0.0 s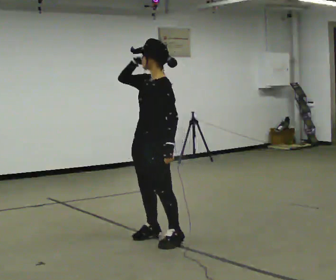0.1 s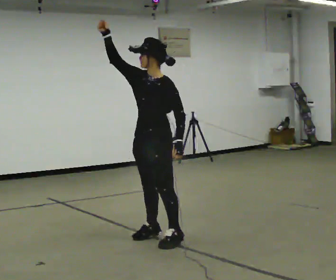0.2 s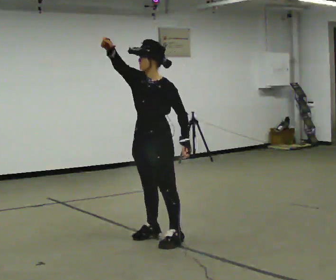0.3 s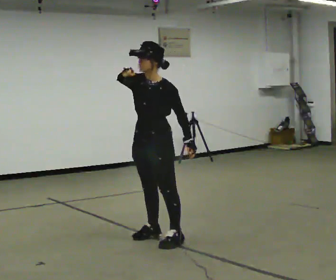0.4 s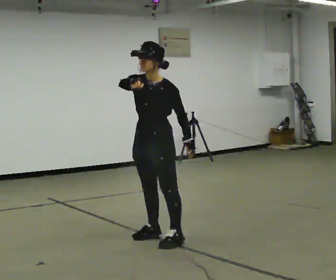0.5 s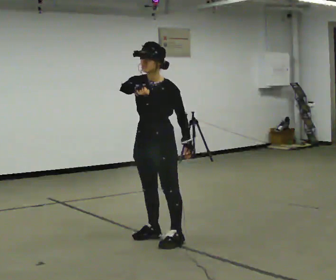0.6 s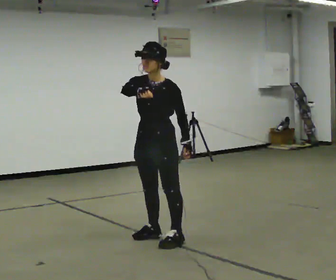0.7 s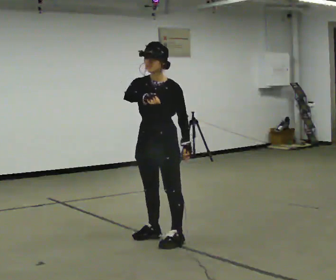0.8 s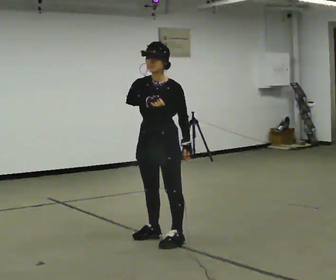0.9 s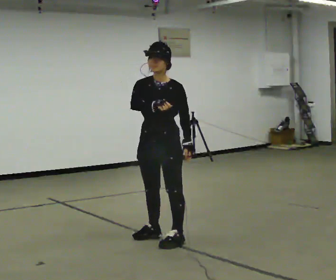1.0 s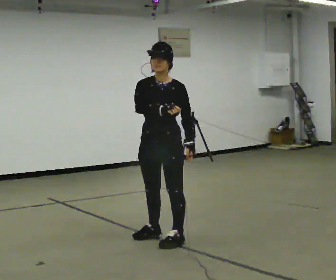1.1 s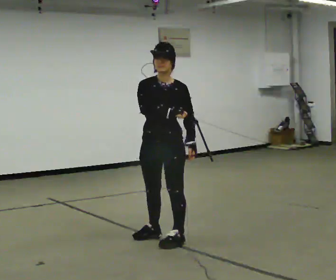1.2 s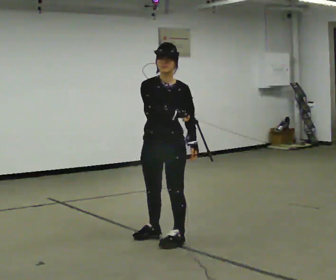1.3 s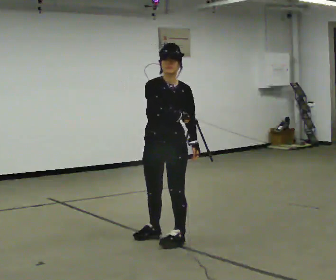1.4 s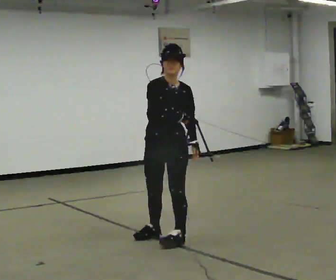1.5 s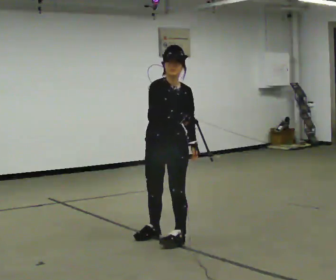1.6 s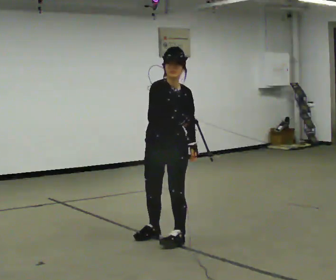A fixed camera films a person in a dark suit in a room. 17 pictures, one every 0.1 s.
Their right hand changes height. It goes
downward.
0.0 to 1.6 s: Seen from above the body turns counterclockwise, about 60 degrees: to their left, with its near side sliding to the right. In the picture their right hand goes downward and to the right.
The film runs forward here.
